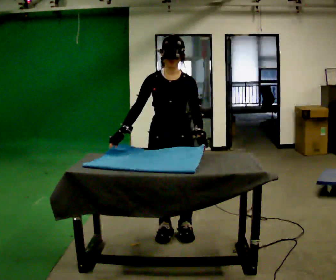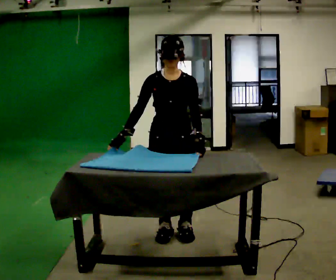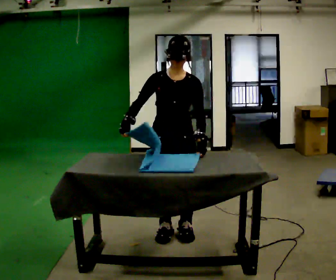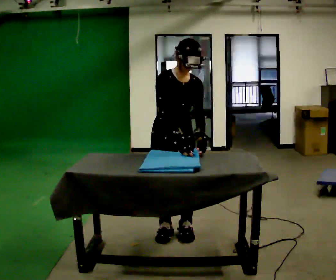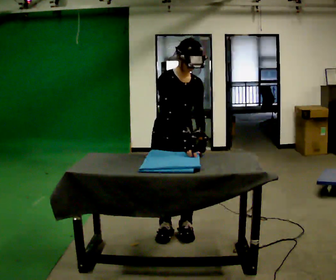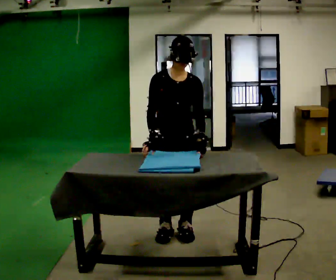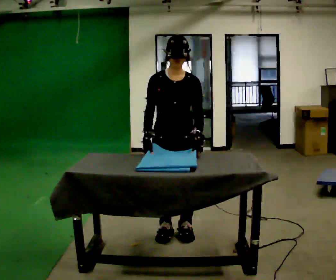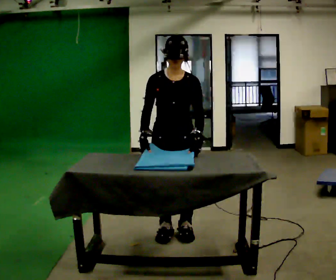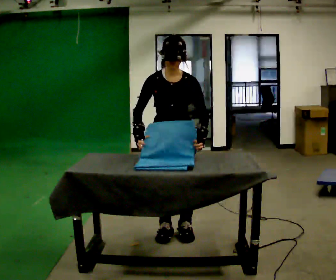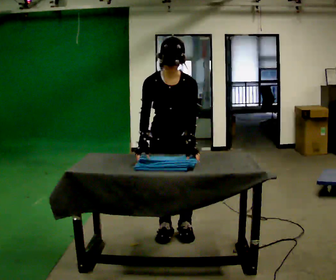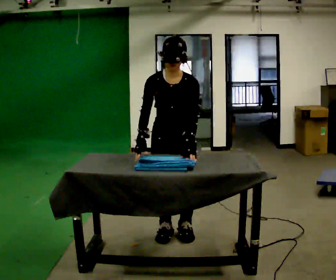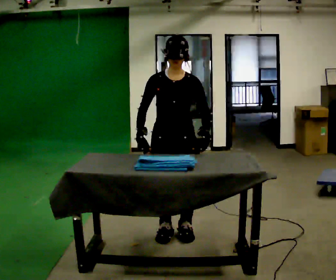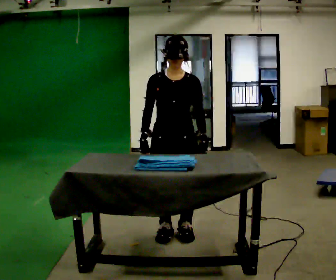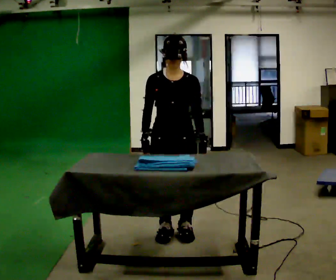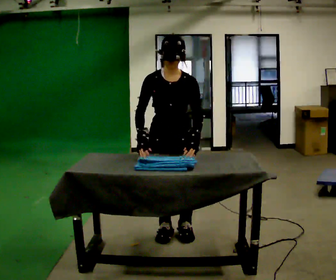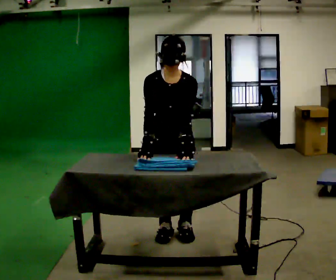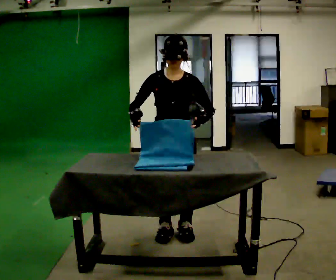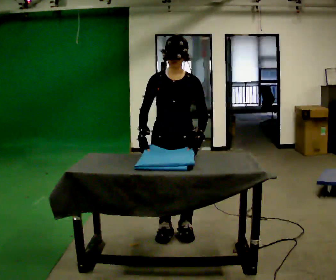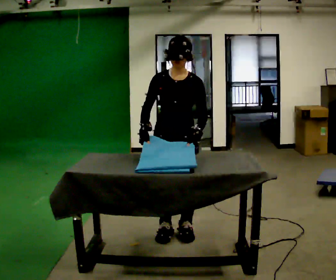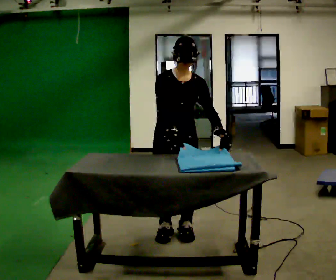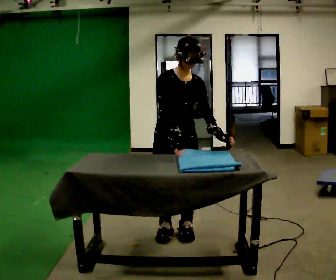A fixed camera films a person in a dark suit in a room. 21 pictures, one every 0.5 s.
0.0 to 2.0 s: Seen from above the body turns counterclockwise, about 30 degrees: to their left, with its near side sliding to the right. In the picture their right hand goes to the right, the arm swinging counterclockwise.
2.0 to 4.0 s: Seen from above the body turns clockwise, about 30 degrees: to their right, with its near side sliding to the left. In the picture their right hand goes to the left.
4.0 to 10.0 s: The person moves a little, or ends about where they began.
The film runs backward here.
